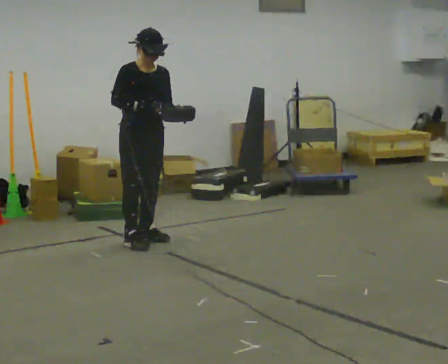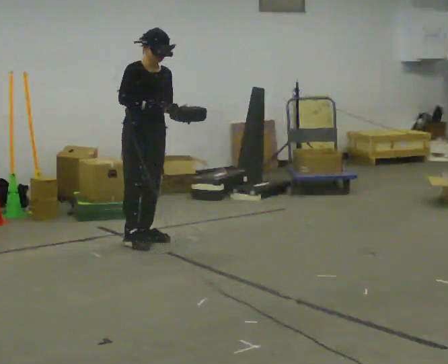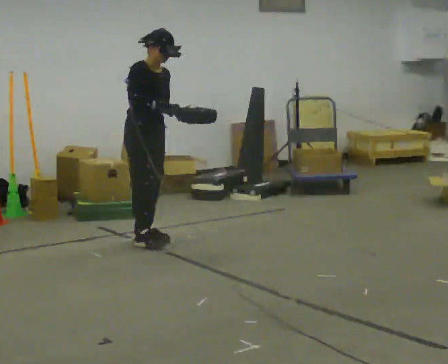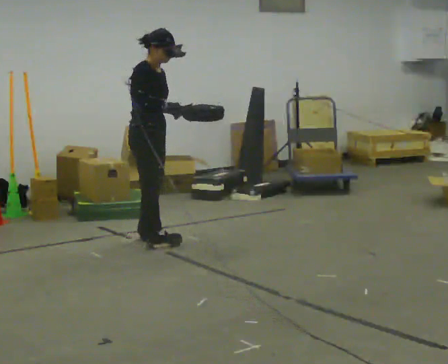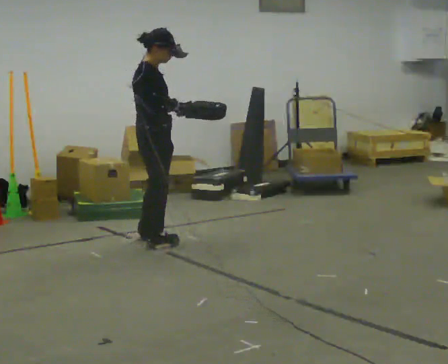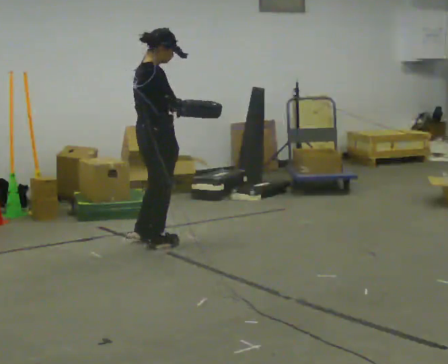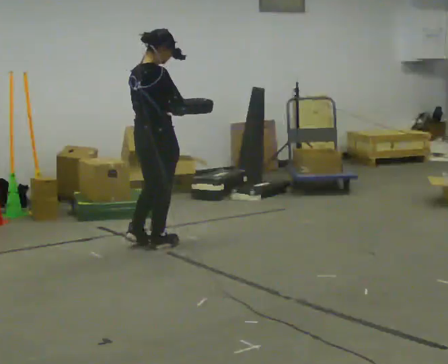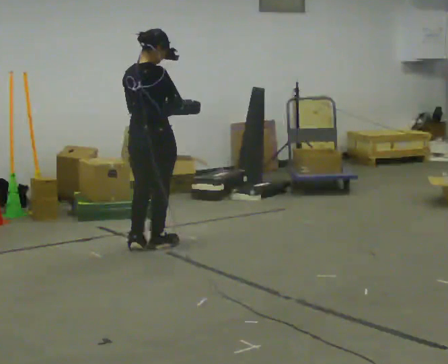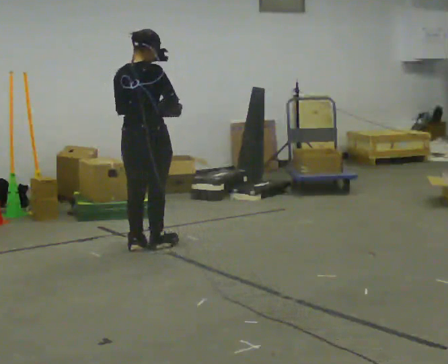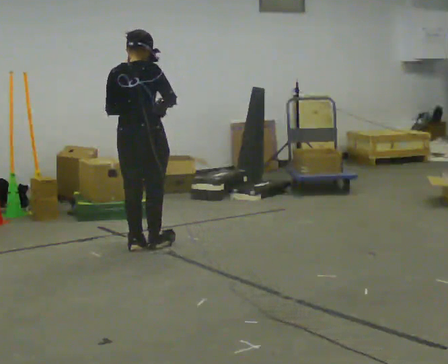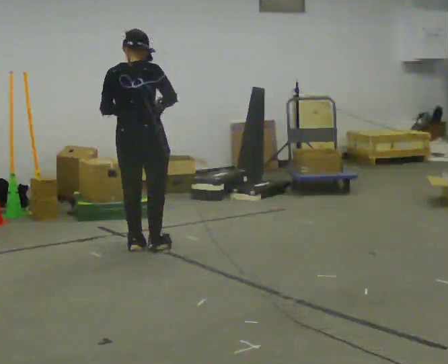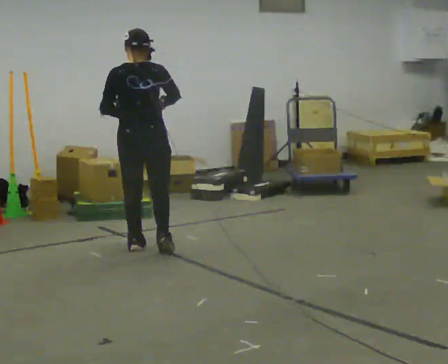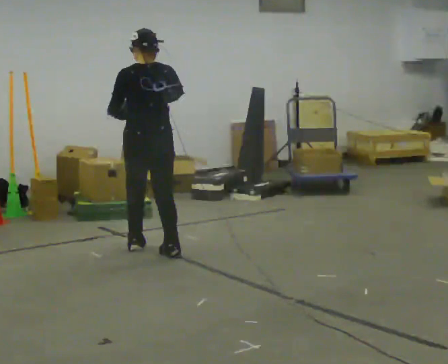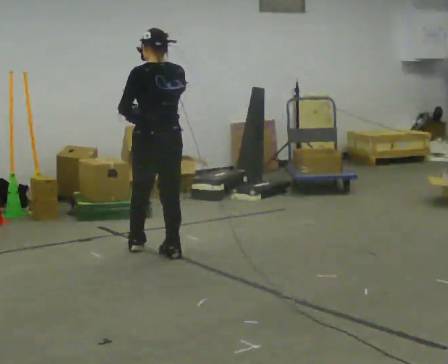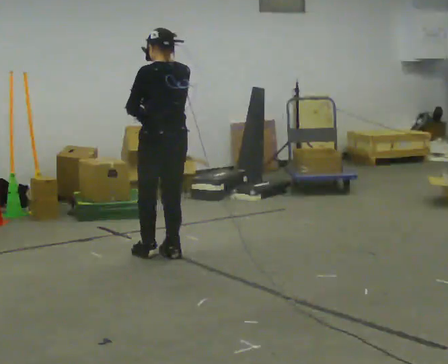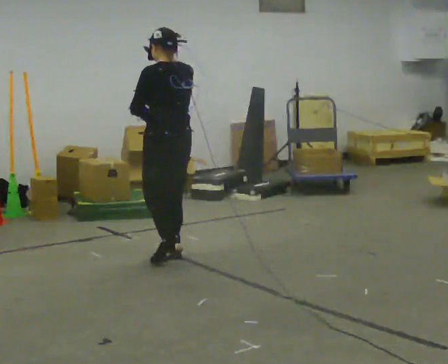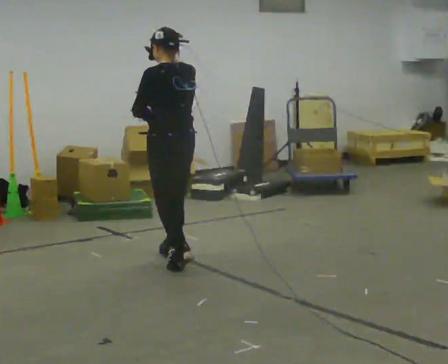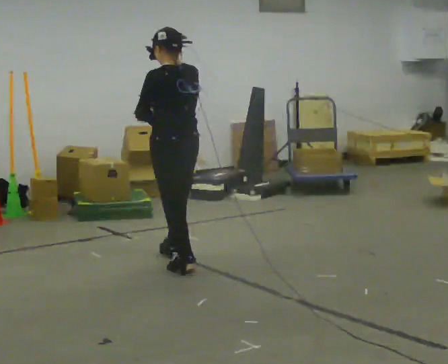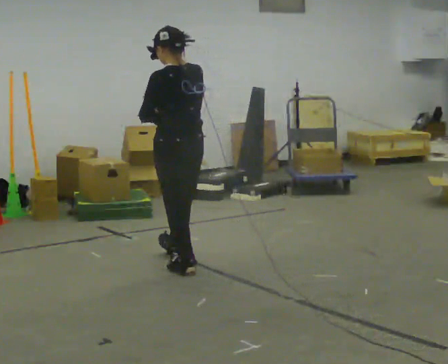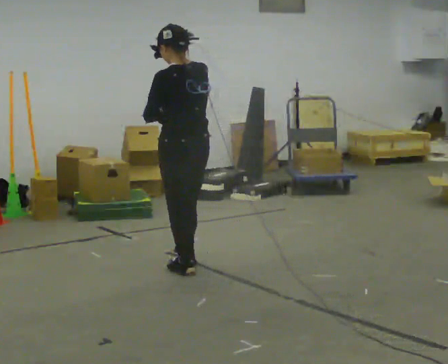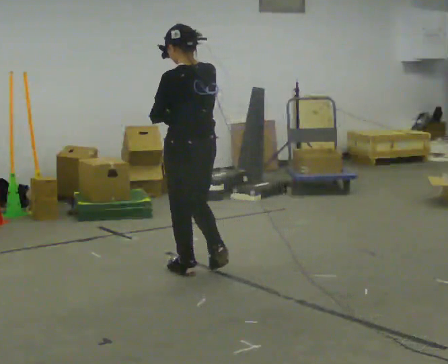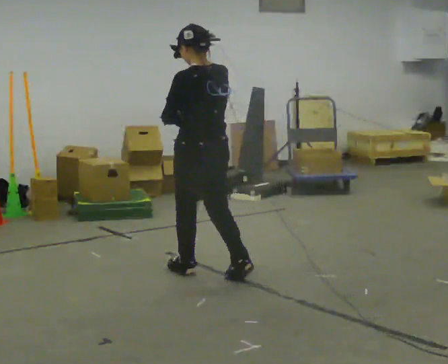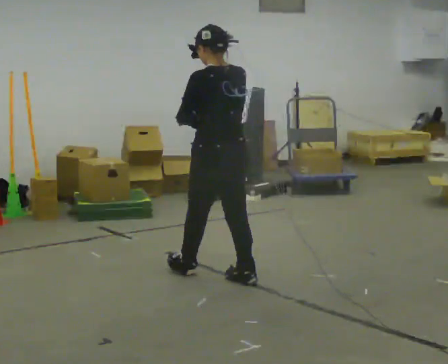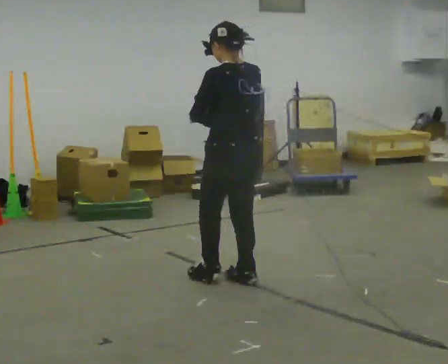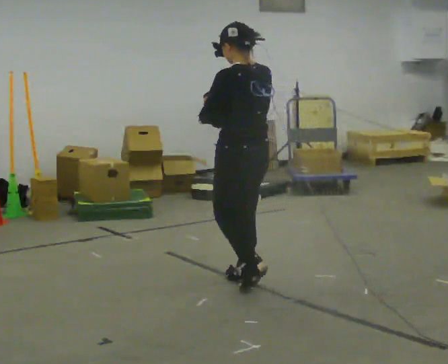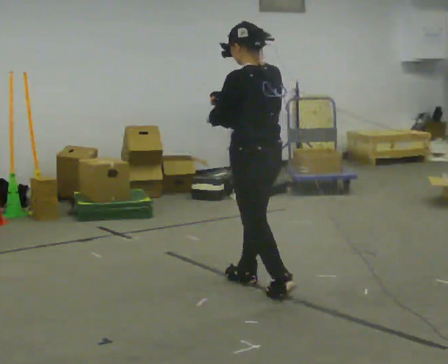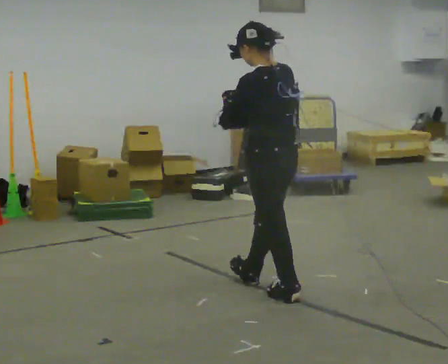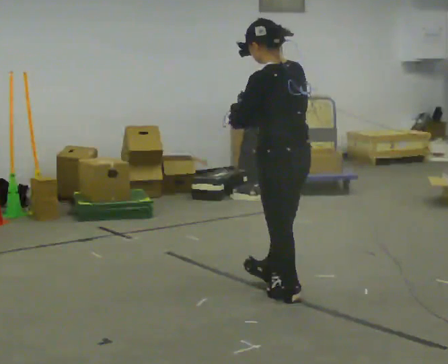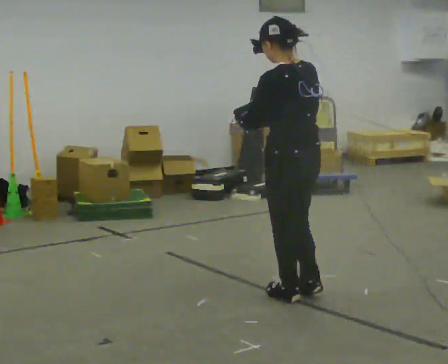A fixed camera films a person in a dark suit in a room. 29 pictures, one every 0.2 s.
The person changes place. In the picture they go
toward the camera.
The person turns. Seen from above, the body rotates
counterclockwise.
0.0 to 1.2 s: Seen from above the body turns counterclockwise, about 90 degrees: to their left, with its near side sliding to the right. In the picture they go toward the camera, about 0.25 m in 2 steps.
1.2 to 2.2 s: Seen from above the body turns counterclockwise, about 60 degrees: to their left, with its near side sliding to the right. In the picture their left hand goes to the left.
2.2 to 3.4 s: Seen from above the body turns counterclockwise, about 30 degrees: to their left, with its near side sliding to the right. In the picture they go toward the camera and to the right, about 0.5 m in 1 step, which for them is backward.
3.4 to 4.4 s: In the picture they go toward the camera and to the right, about 0.5 m in 1 step, which for them is backward.
4.4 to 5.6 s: In the picture they go toward the camera and to the right, about 0.5 m in 2 steps, which for them is backward.
The film runs backward here.
